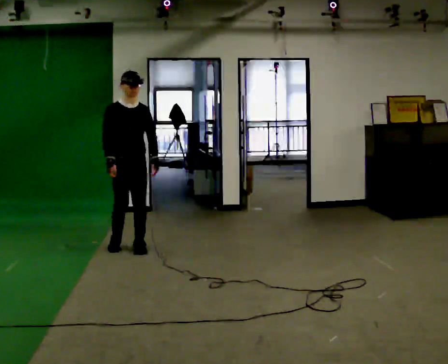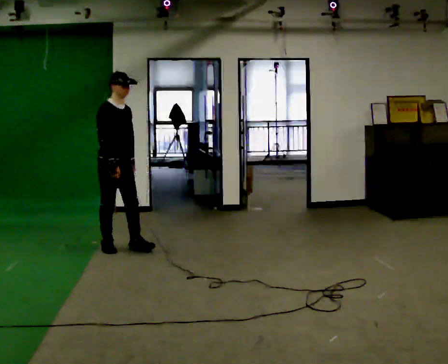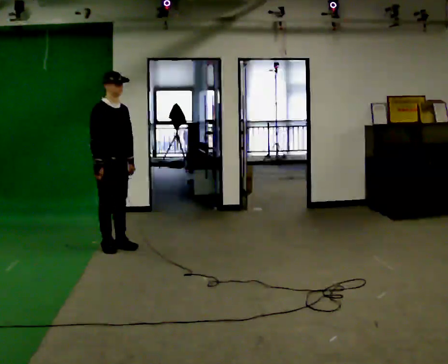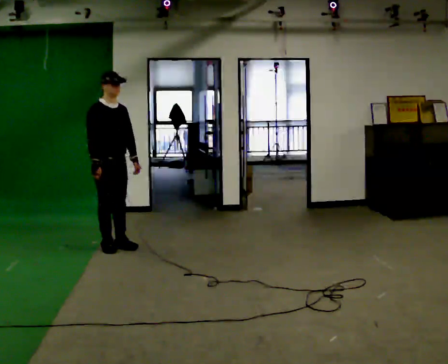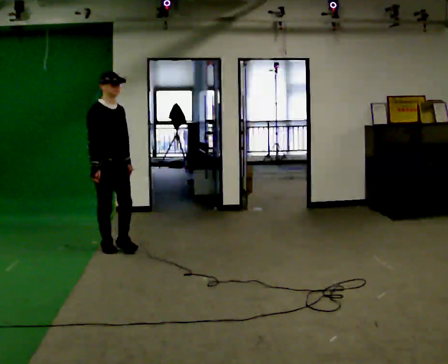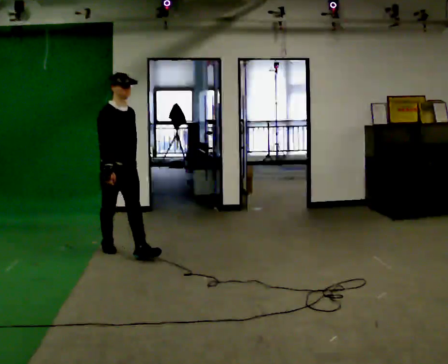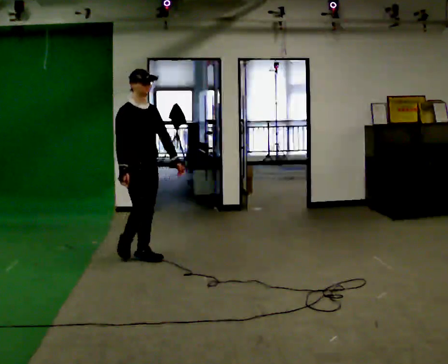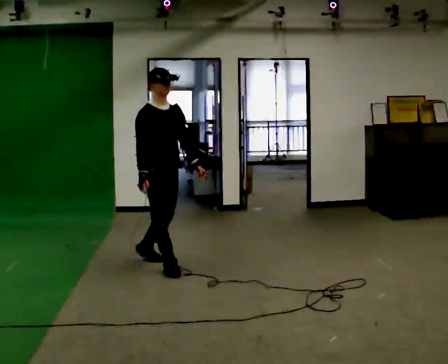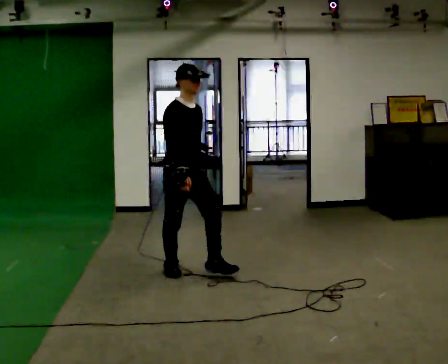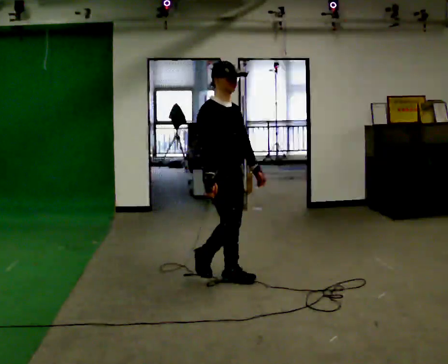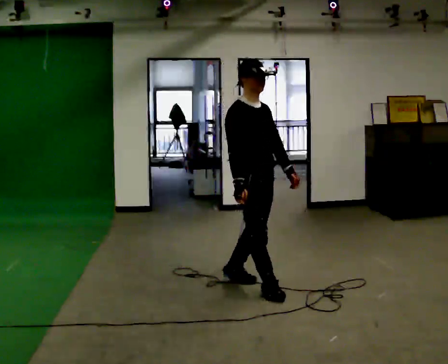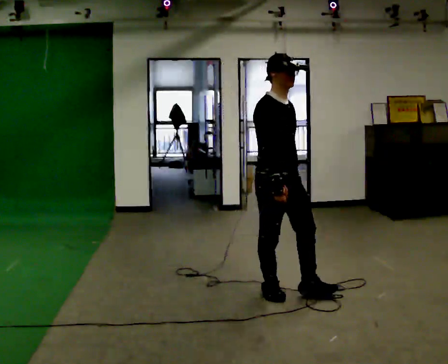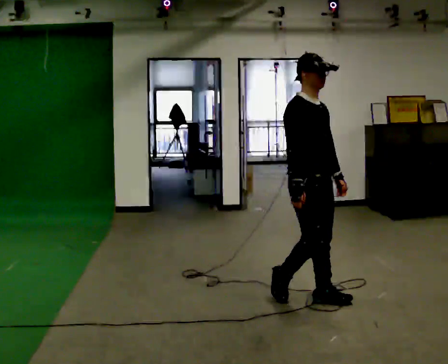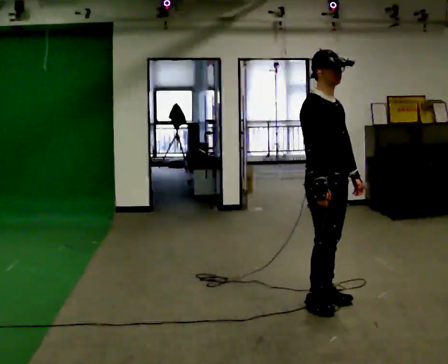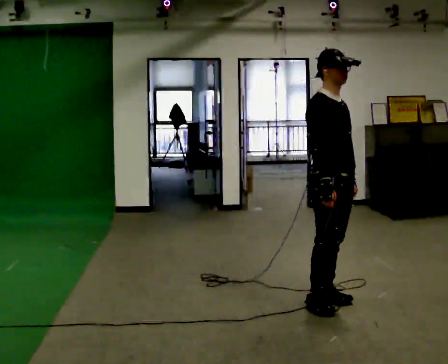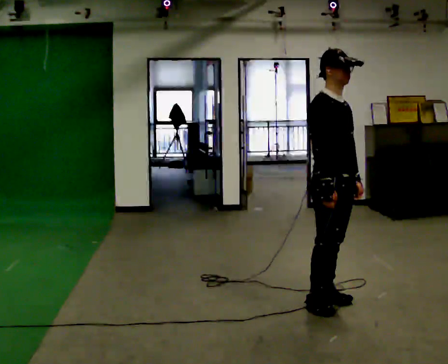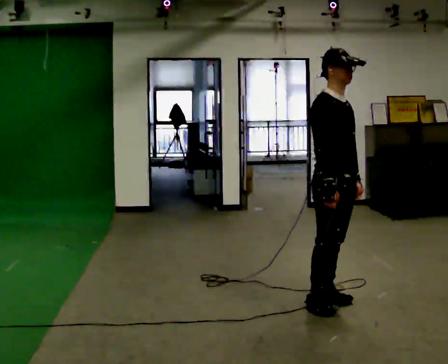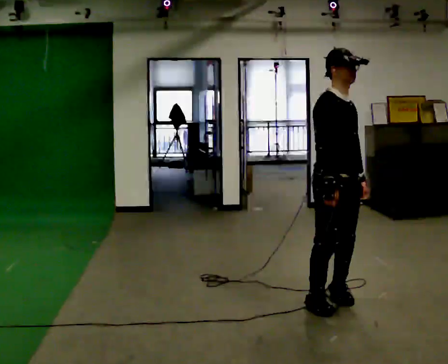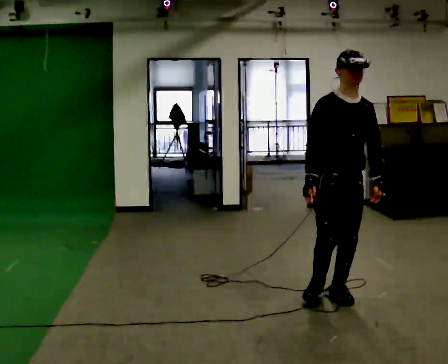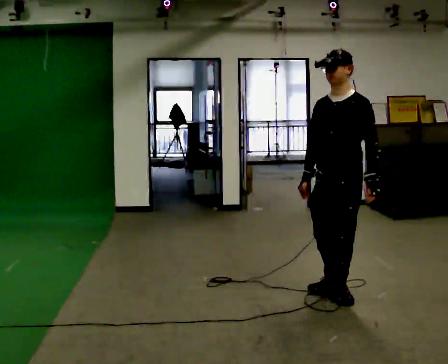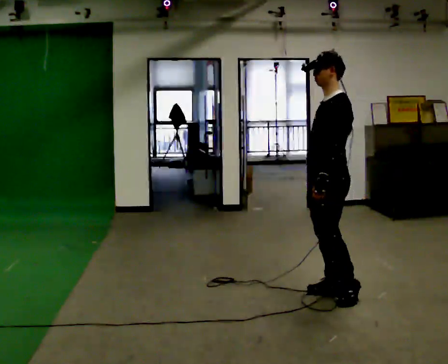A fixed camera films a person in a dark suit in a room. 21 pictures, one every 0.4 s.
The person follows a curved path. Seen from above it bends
counterclockwise.
0.0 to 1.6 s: In the picture they go to the left, about 0.25 m in 2 steps, which for them is to their right.
1.6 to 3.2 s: In the picture they go to the right and toward the camera, about 1 m in 2 steps, which for them is forward.
3.2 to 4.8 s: In the picture they go to the right and toward the camera, about 1 m in 3 steps, which for them is forward.
4.8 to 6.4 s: The person moves a little, or ends about where they began.
6.4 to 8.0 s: The part of the body nearest the lens slides to the left as the person turns to their right by about 135 degrees. In the picture they go away from the camera, about 0.25 m in 2 steps.
The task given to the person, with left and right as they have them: Walk forward in a lowered crouched posture at a comfortable speed; do not go lower than is comfortable; stop.
The film runs forward here.
